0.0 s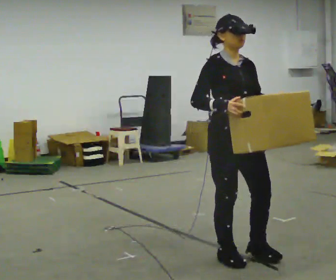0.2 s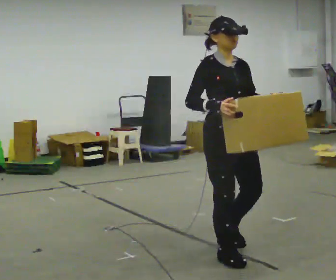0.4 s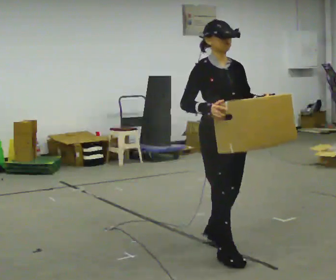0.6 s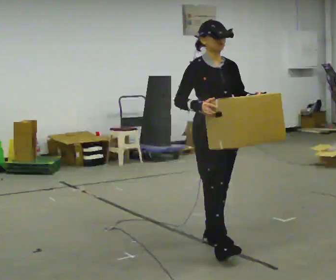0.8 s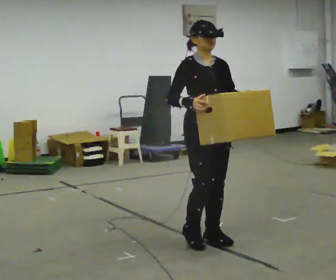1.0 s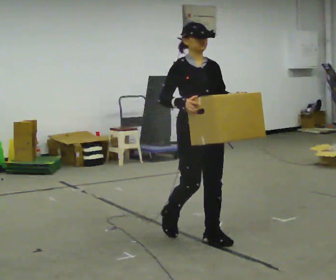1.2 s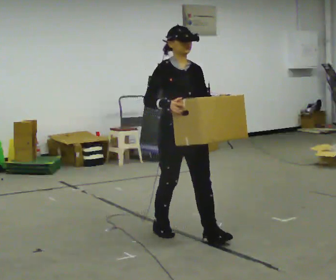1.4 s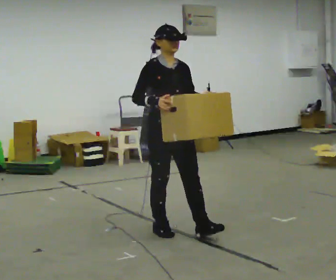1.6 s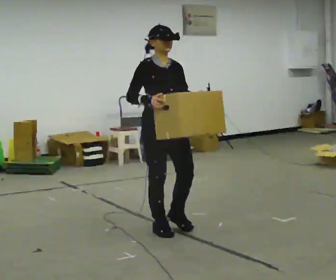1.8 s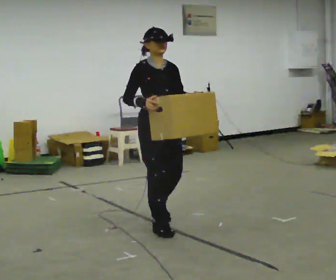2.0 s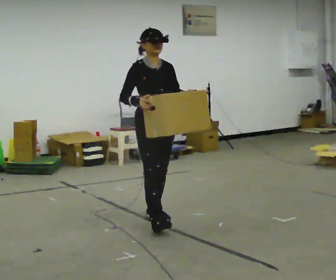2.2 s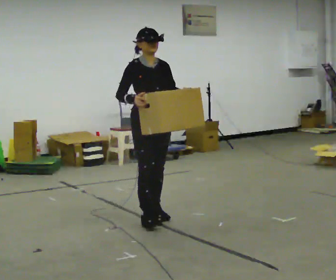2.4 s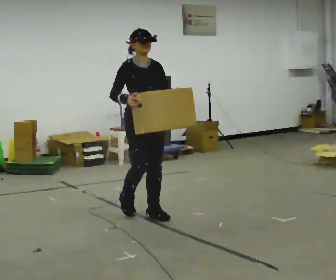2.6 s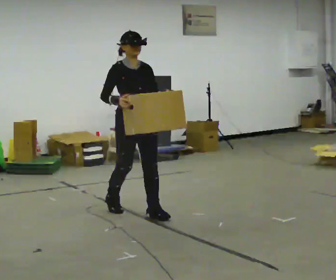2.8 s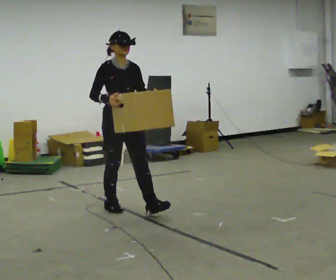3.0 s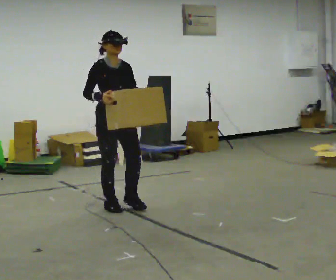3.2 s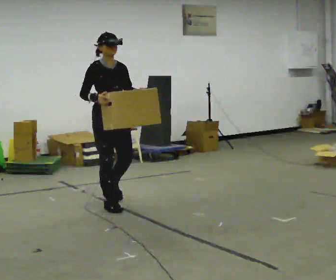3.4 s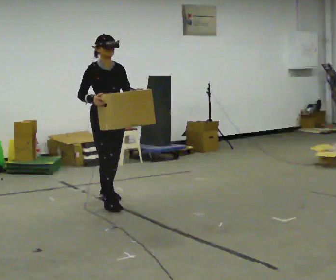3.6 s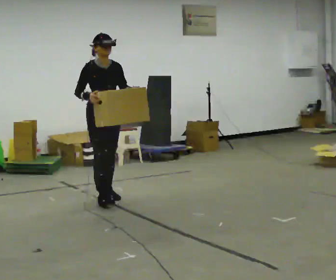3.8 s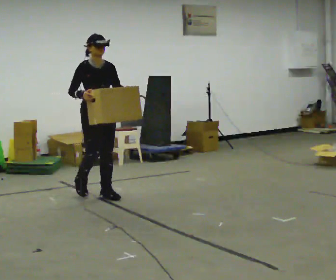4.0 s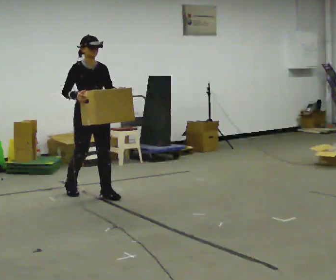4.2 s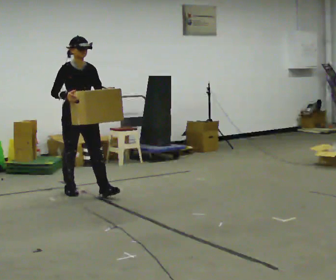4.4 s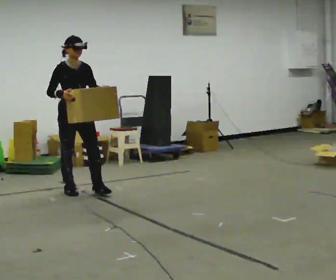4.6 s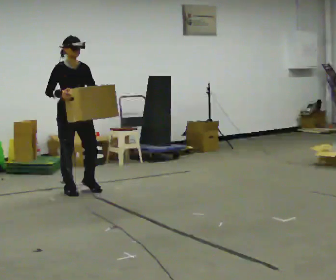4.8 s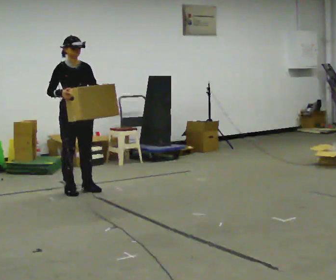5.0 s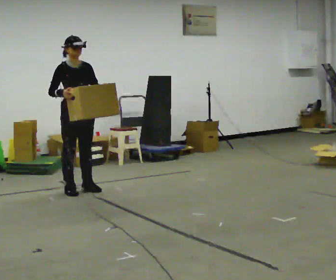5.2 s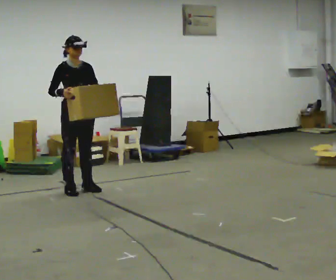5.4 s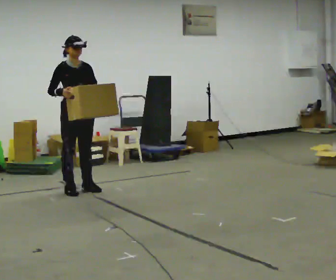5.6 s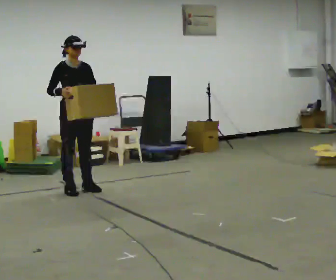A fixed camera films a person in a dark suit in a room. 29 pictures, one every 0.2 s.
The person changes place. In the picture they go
away from the camera.
0.0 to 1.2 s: In the picture they go away from the camera and to the left, about 0.75 m in 1 step, which for them is backward.
1.2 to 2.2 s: In the picture they go away from the camera and to the left, about 0.5 m in 2 steps, which for them is backward.
2.2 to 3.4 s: In the picture they go away from the camera and to the left, about 0.5 m in 1 step, which for them is backward.
3.4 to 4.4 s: In the picture they go away from the camera and to the left, about 0.5 m in 2 steps, which for them is backward.
4.4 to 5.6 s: The person moves a little, or ends about where they began.
The film runs backward here.
